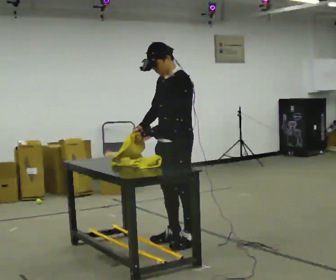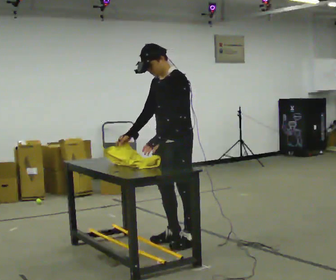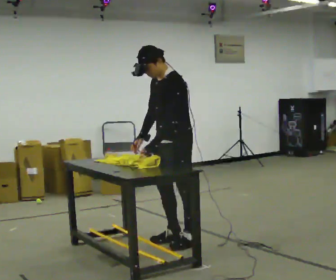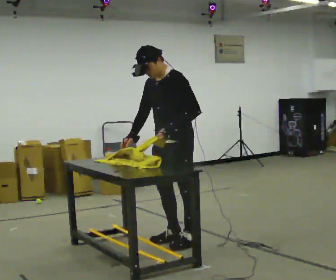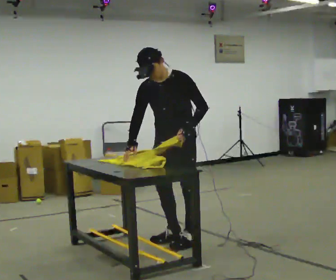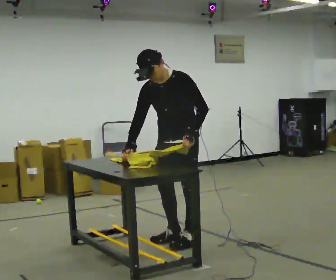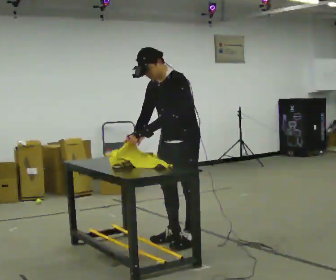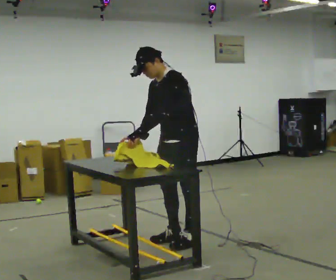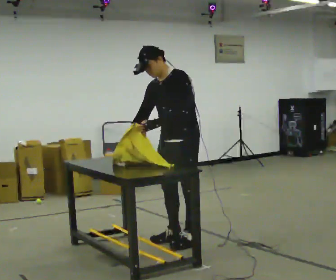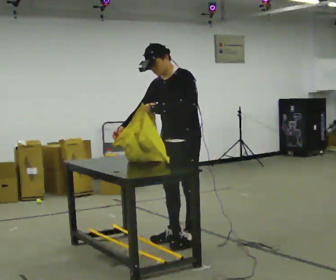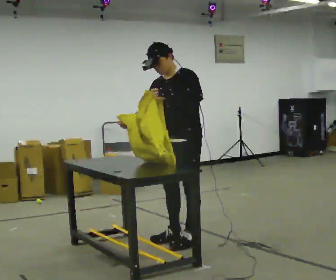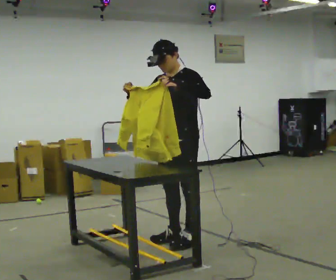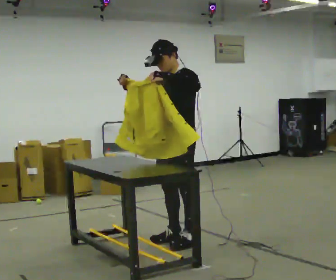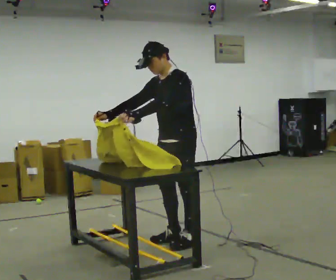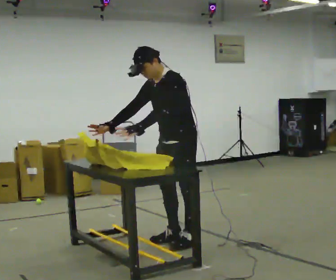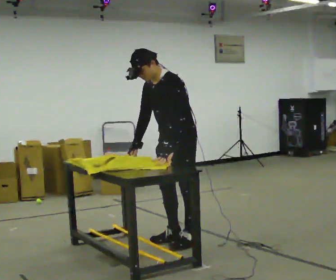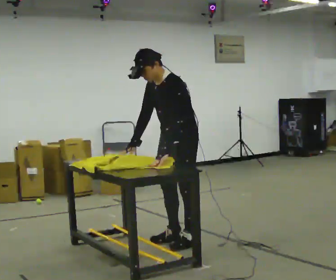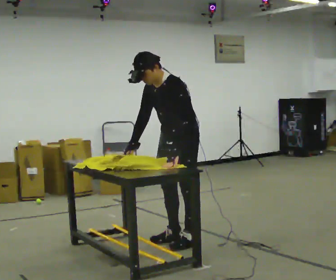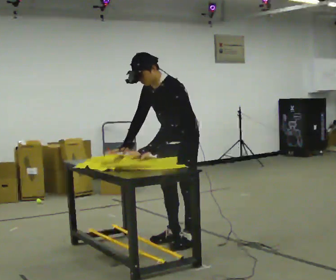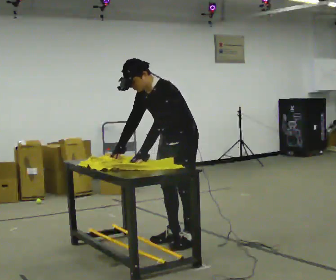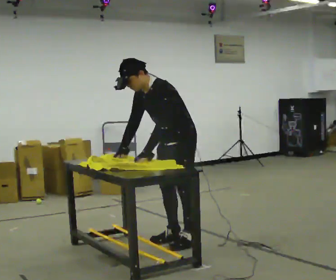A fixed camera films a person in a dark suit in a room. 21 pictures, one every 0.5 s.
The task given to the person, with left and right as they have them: Fold the cloth in half, then in half again, then unfold it. Repeat at your own pace until the operator says stop. Keep both feet on the marked spots for the whole take. If you have to step, stop and tell the operator.
0.0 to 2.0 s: The part of the body nearest the lens slides to the right as the person turns to their left by about 30 degrees. In the picture their left hand goes to the right, the arm swinging counterclockwise.
2.0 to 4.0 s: The person moves a little, or ends about where they began.
4.0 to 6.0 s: In the picture the upper body tilts clockwise, shoulders to the right. In the picture their right hand goes upward, the arm swinging clockwise.
6.0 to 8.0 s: In the picture the upper body tilts counterclockwise, shoulders to the left, as they bend forward. In the picture their left hand goes downward.
8.0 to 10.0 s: The person moves a little, or ends about where they began.
The film runs forward here.
